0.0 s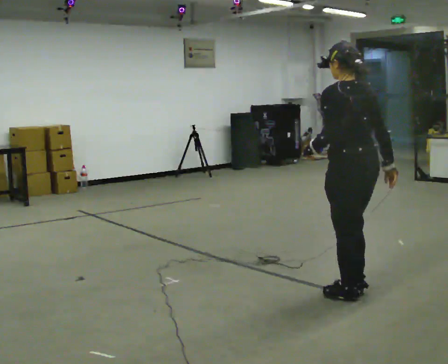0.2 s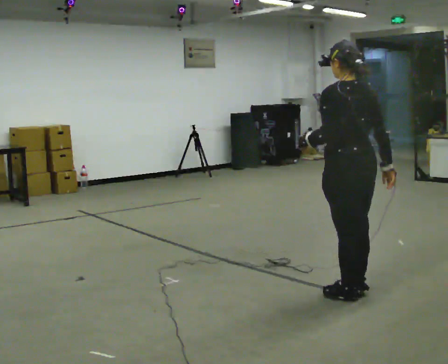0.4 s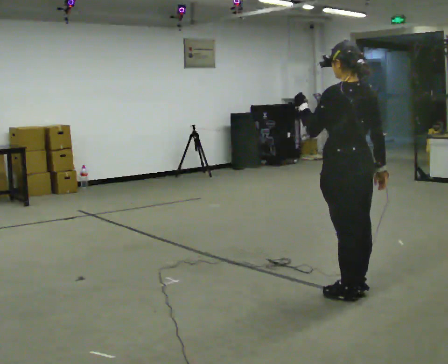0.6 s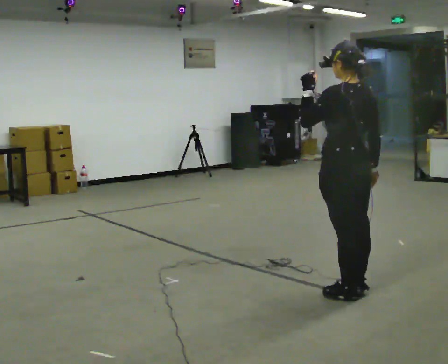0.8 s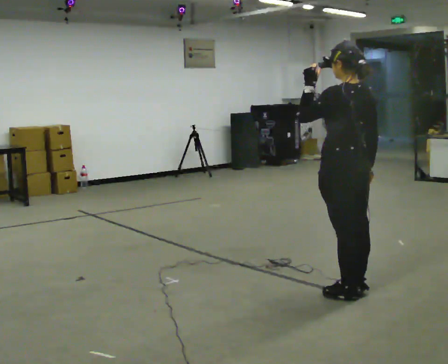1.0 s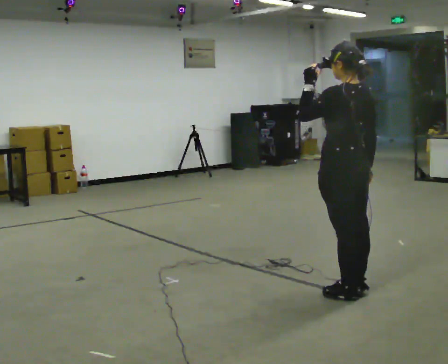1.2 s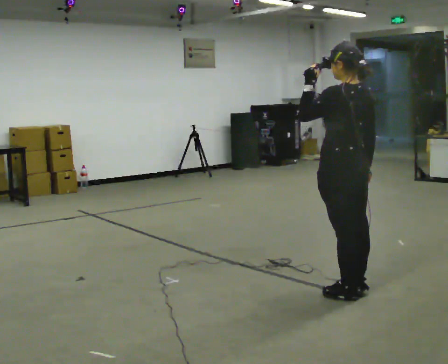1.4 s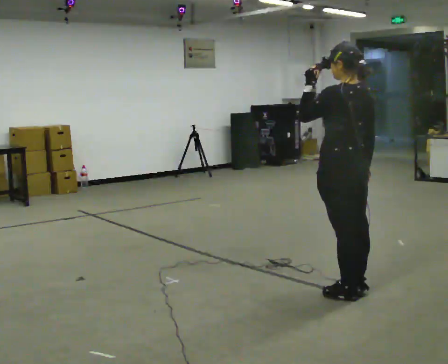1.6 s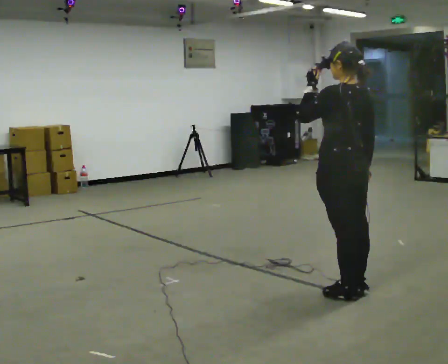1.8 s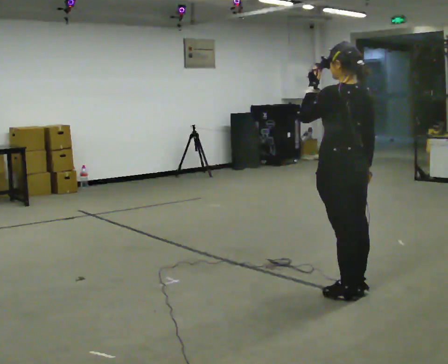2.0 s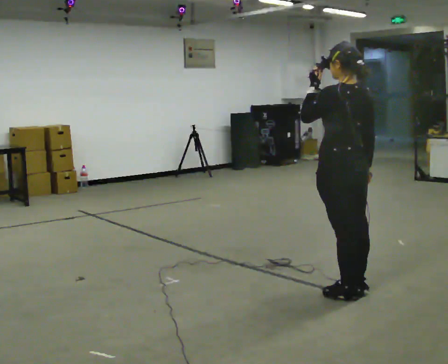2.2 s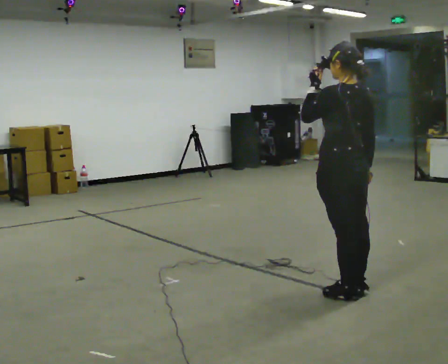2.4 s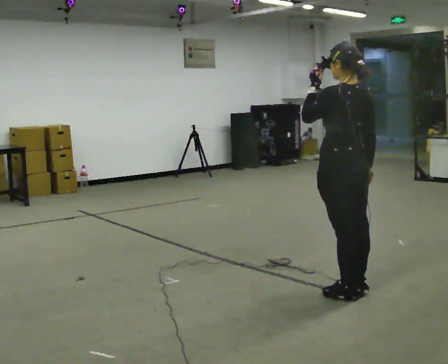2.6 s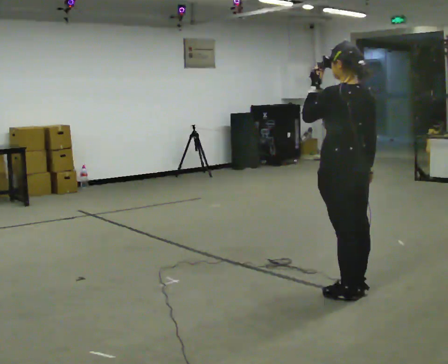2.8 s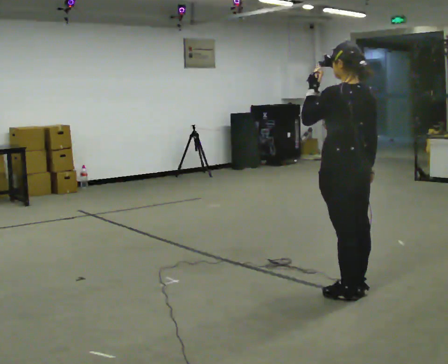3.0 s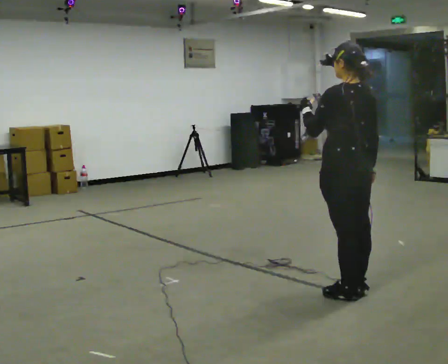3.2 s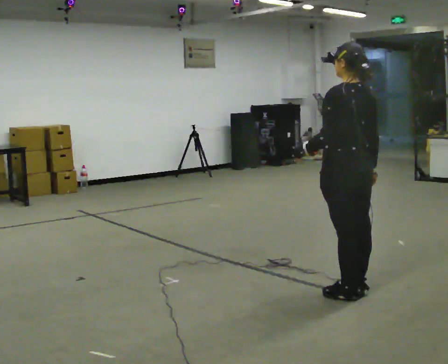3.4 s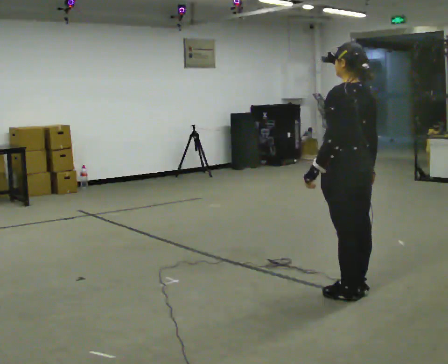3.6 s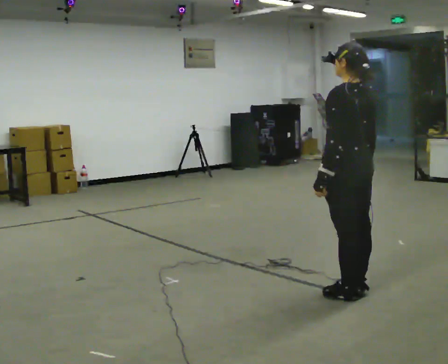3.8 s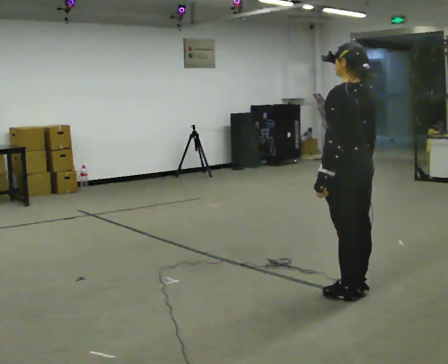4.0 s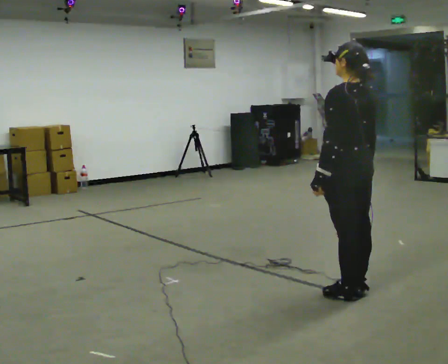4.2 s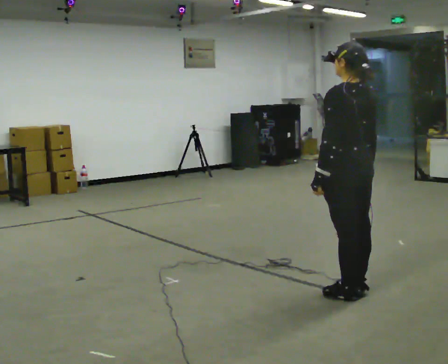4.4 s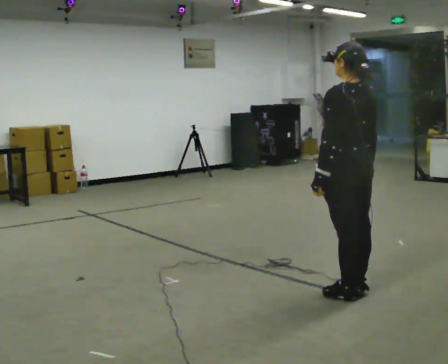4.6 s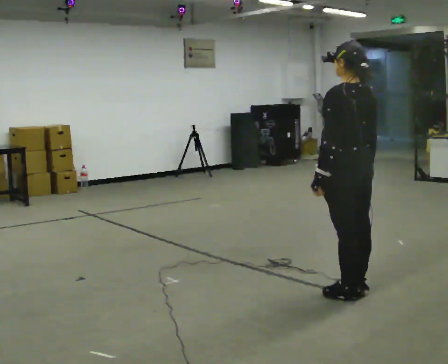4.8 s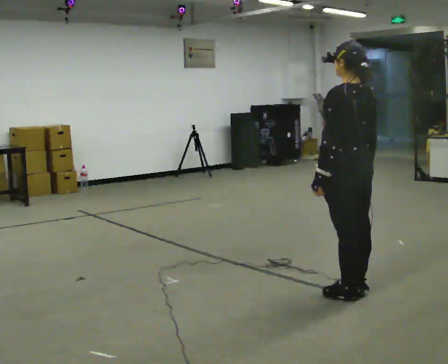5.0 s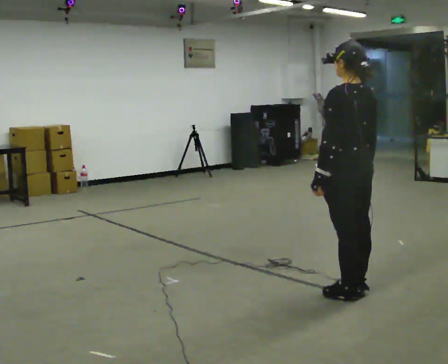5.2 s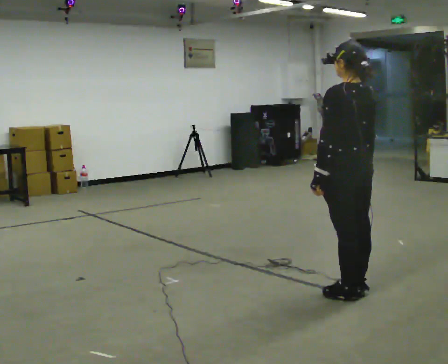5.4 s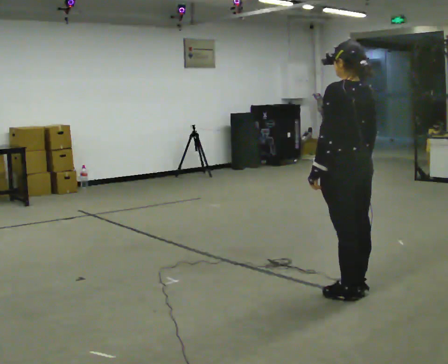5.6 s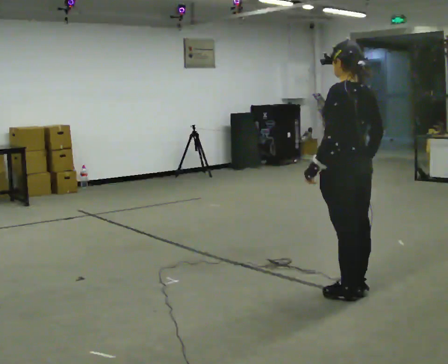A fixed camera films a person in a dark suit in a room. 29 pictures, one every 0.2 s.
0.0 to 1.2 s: In the picture their left hand goes upward.
1.2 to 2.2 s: The person moves a little, or ends about where they began.
2.2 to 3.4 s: In the picture their left hand goes downward.
3.4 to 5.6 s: The person moves a little, or ends about where they began.
The film runs forward here.
